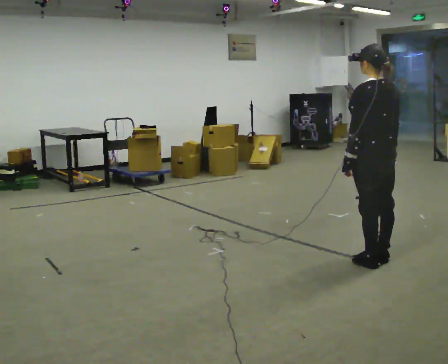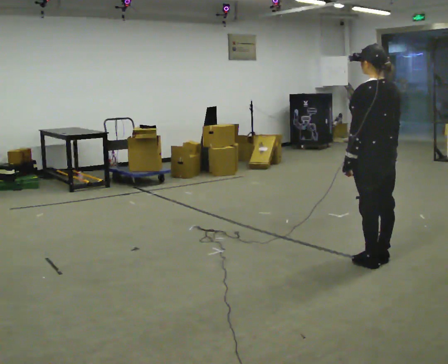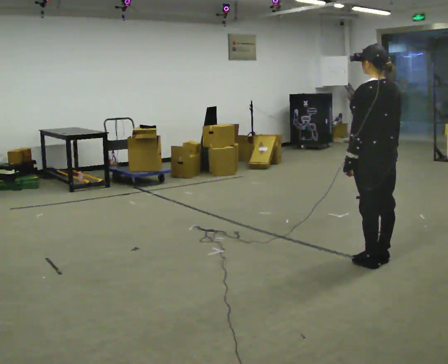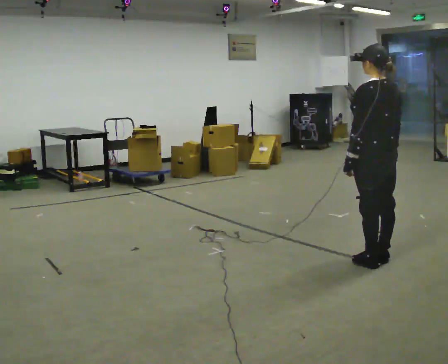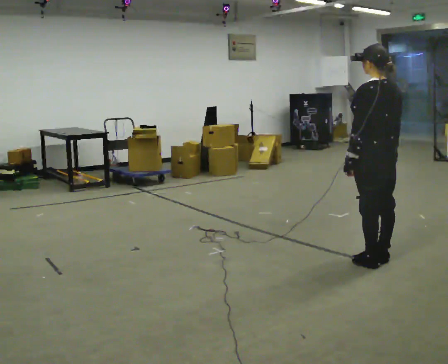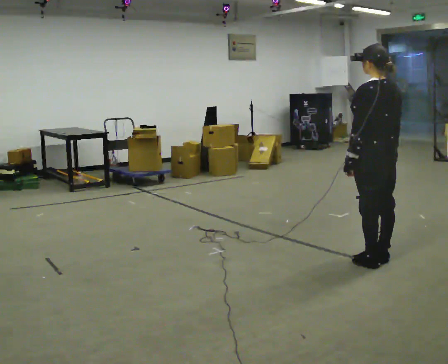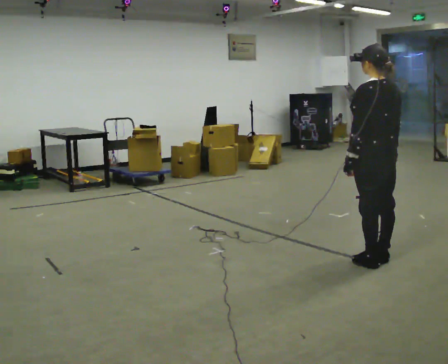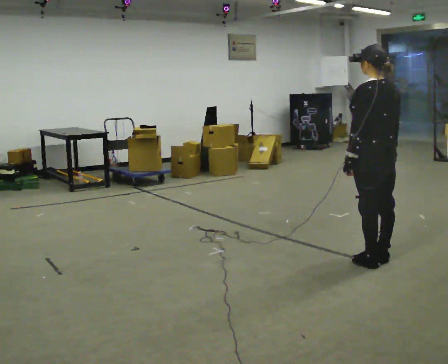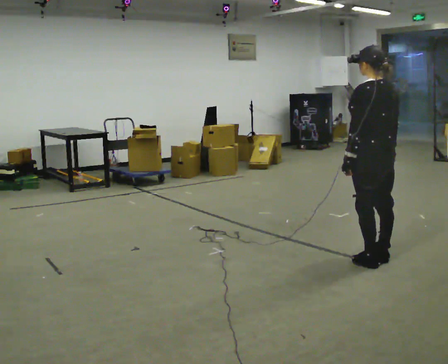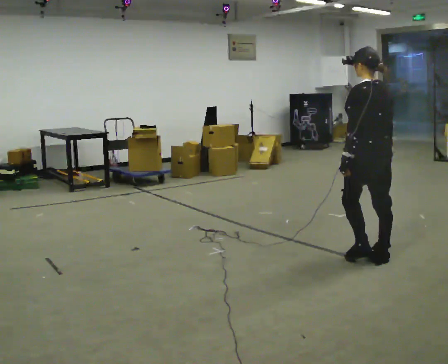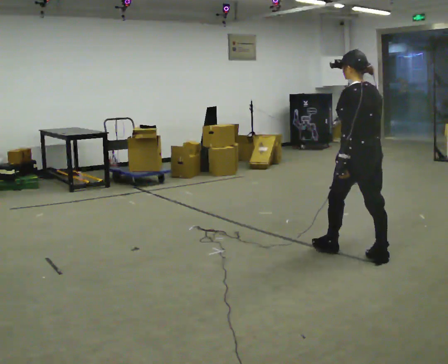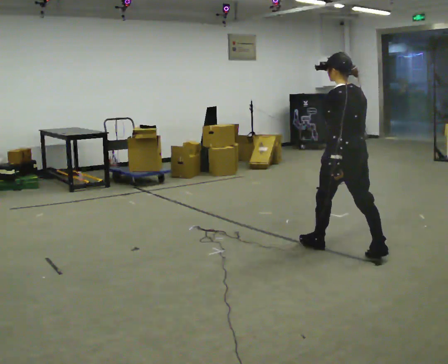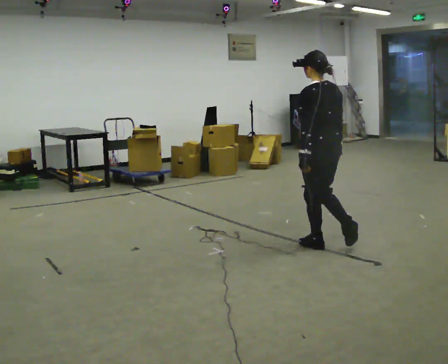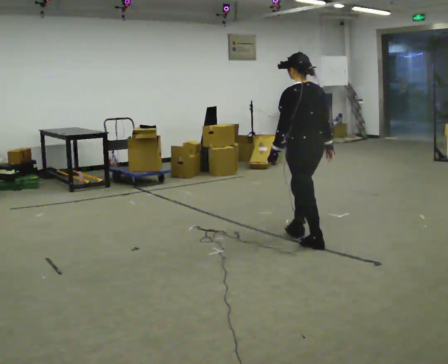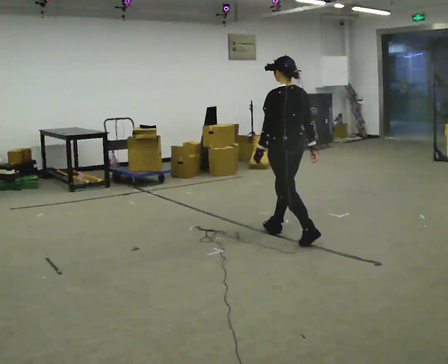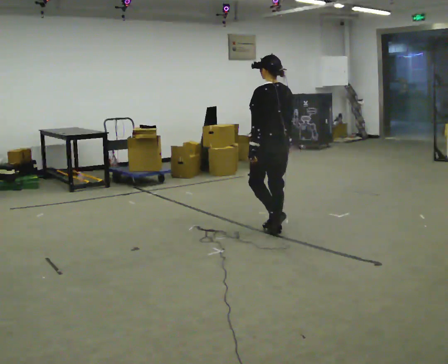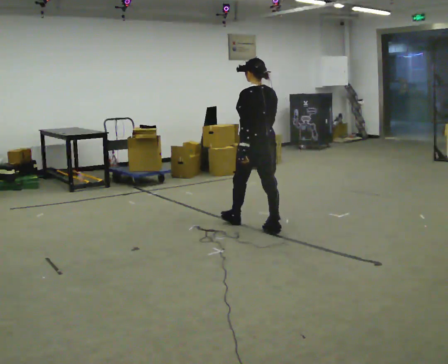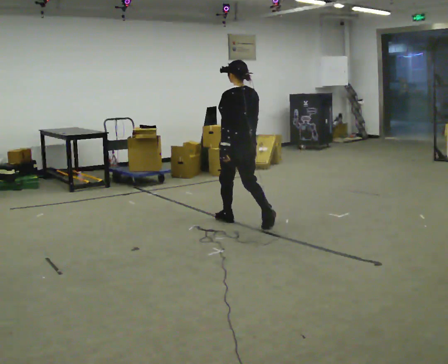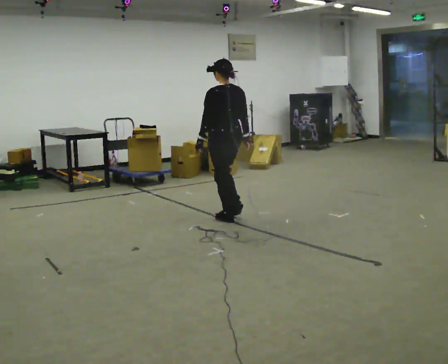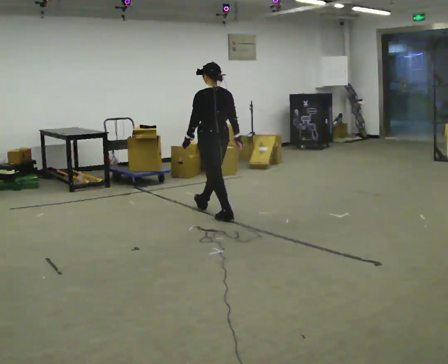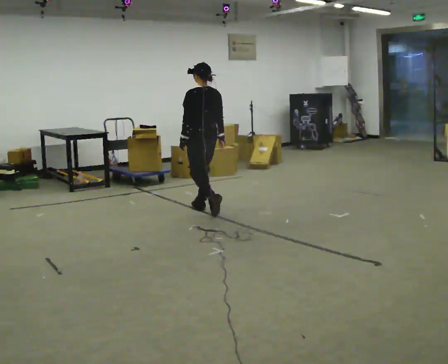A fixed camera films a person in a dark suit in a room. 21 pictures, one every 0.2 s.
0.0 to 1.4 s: The person moves a little, or ends about where they began.
1.4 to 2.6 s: In the picture they go to the left and away from the camera, about 1 m in 1 step, which for them is forward.
2.6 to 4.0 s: In the picture they go to the left and away from the camera, about 1.5 m in 3 steps, which for them is forward.
The film runs forward here.
